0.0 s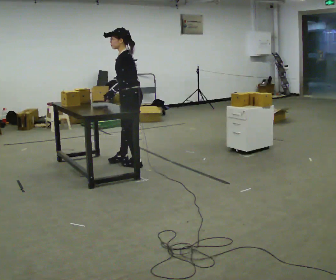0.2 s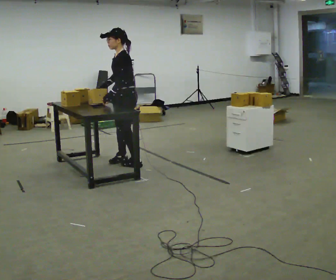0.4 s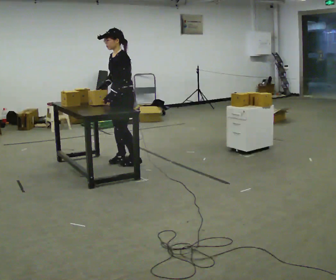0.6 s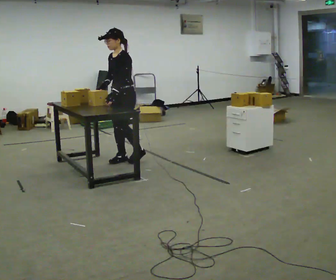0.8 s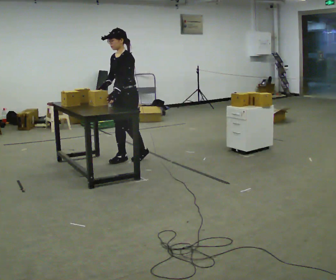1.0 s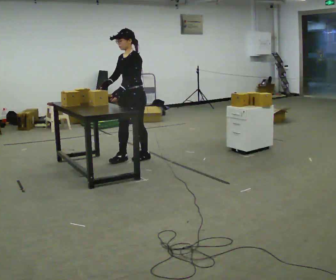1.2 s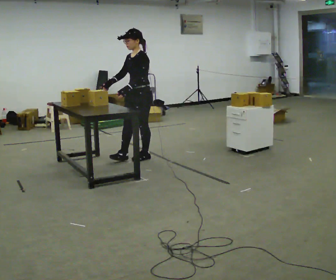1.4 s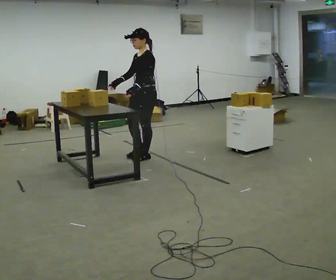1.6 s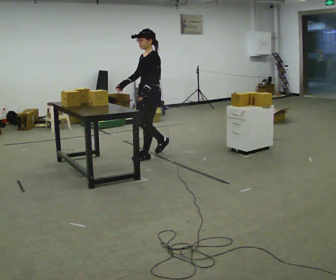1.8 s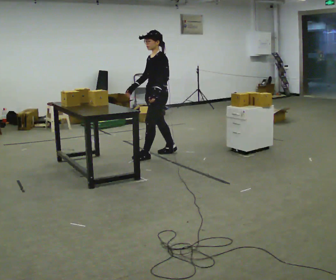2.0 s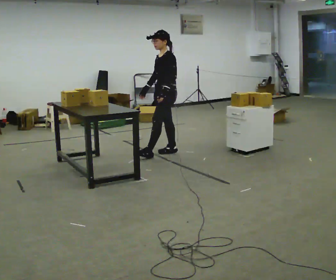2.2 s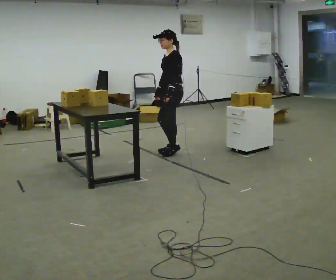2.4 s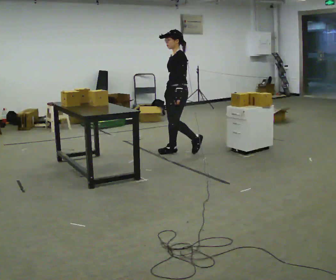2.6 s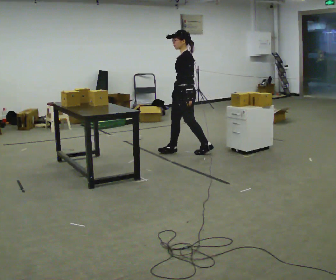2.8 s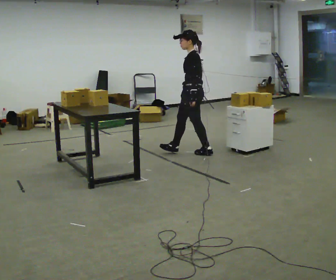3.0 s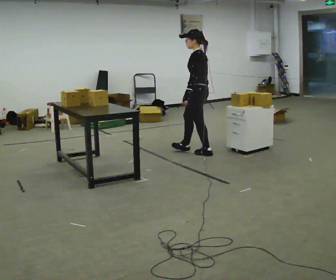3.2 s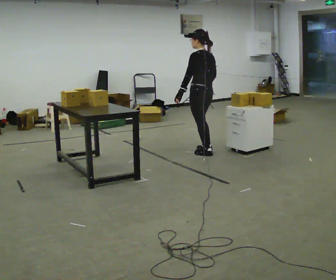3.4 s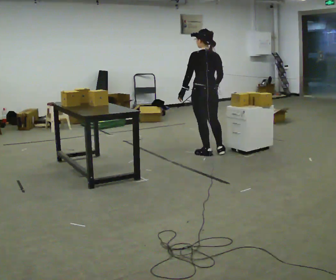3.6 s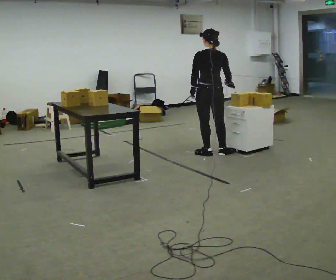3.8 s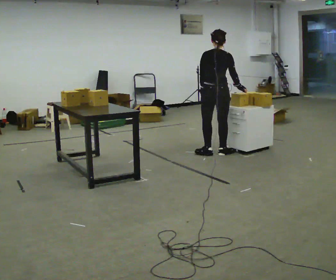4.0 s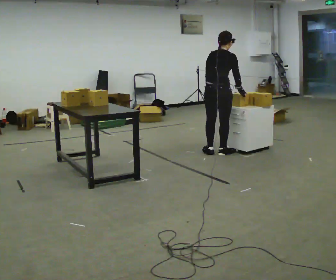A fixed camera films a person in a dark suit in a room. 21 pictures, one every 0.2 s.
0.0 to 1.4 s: The part of the body nearest the lens slides to the right as the person turns to their left by about 30 degrees. In the picture they go away from the camera, about 0.25 m in 2 steps, which for them is backward.
1.4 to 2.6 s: In the picture they go to the right, about 0.5 m in 1 step, which for them is backward.
2.6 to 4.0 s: Seen from above the body turns clockwise, about 135 degrees: to their right, with its near side sliding to the left. In the picture they go to the right and toward the camera, about 0.5 m in 1 step.
The film runs backward here.
